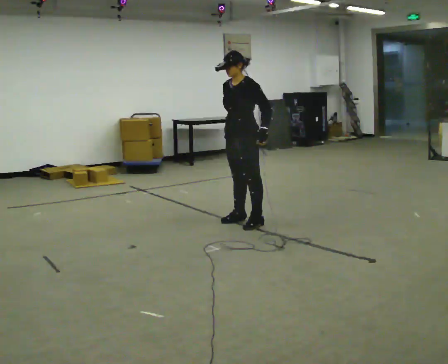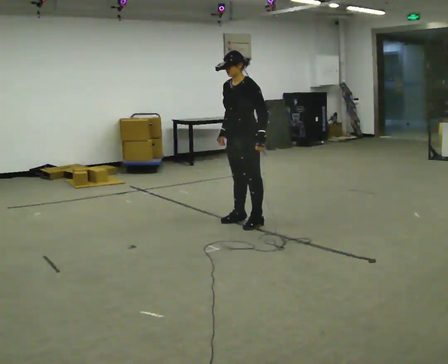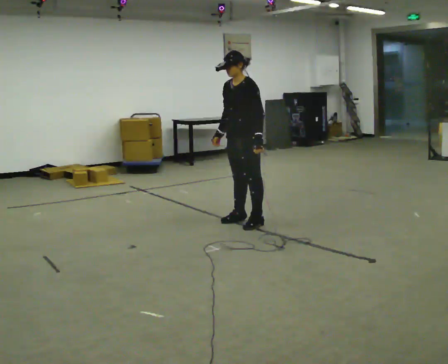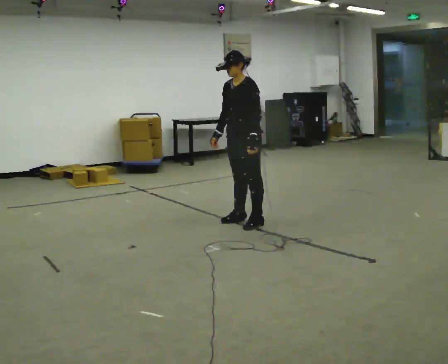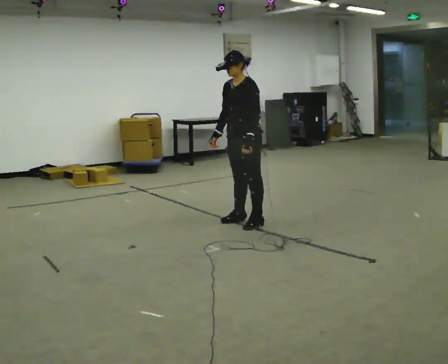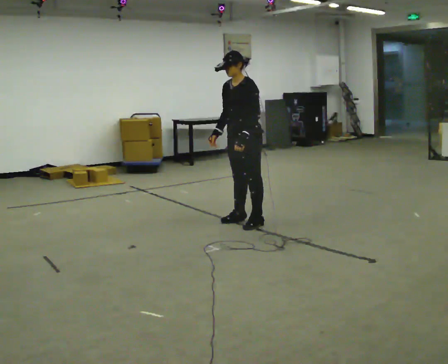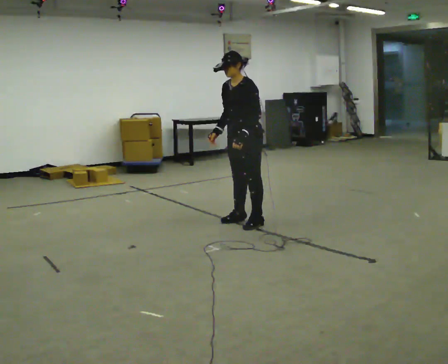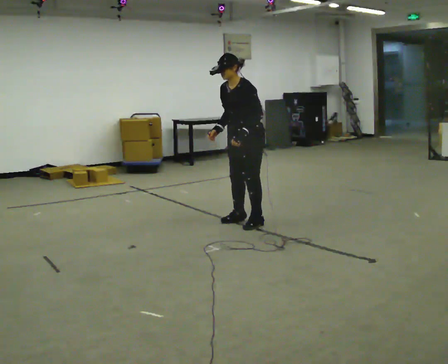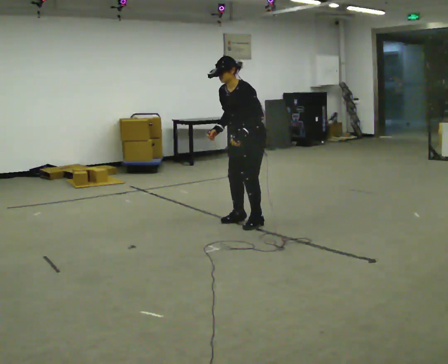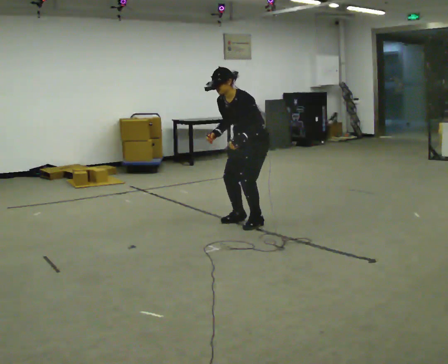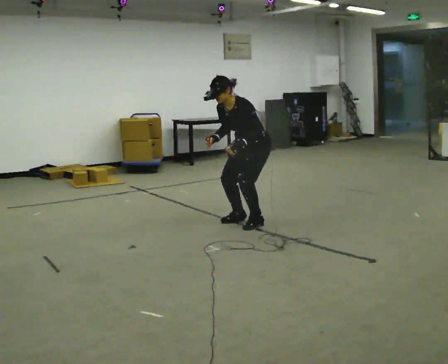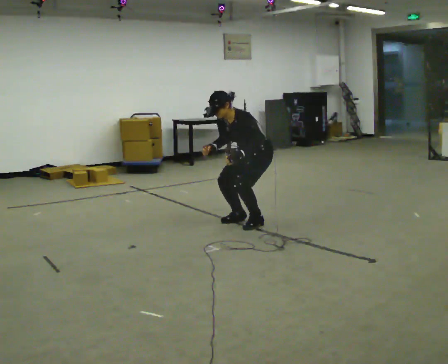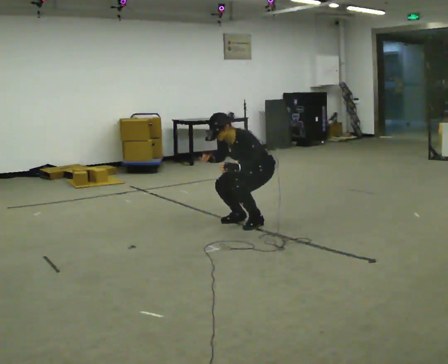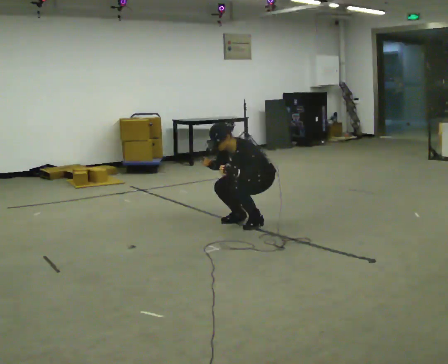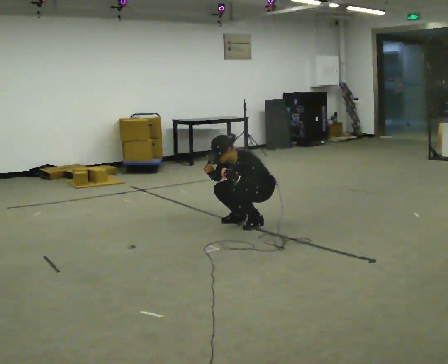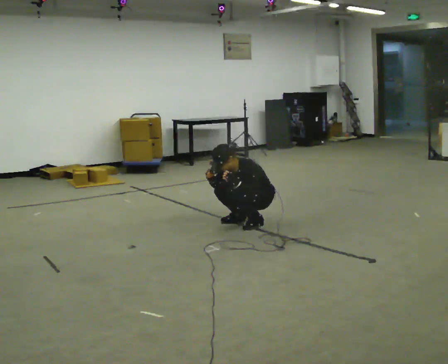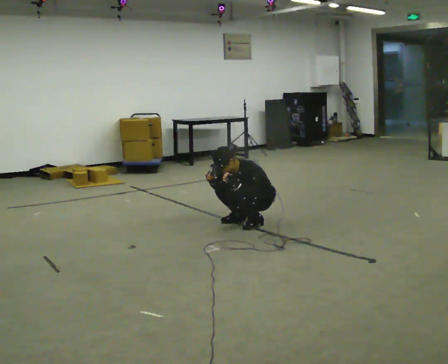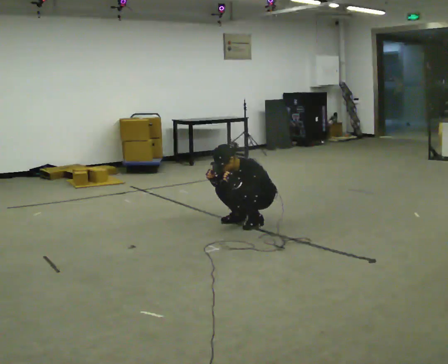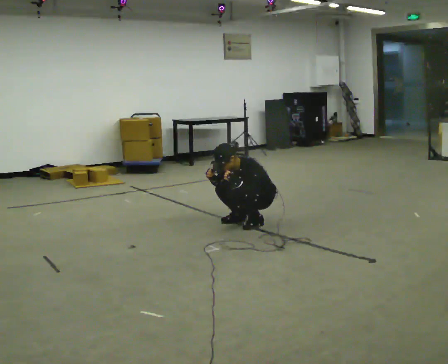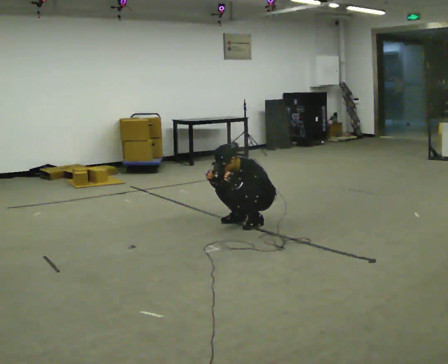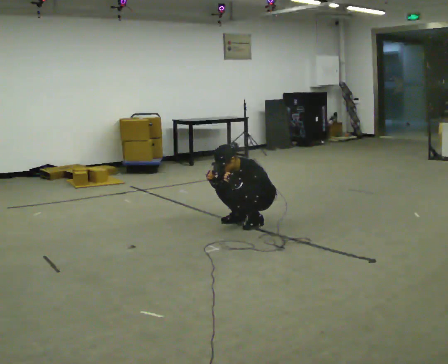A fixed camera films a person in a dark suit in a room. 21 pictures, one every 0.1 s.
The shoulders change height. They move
downward.
Their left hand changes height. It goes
downward.
0.0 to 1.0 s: The upper body goes downward. In the picture the upper body tilts counterclockwise, shoulders to the left, as they bend forward.
1.0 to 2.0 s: The shoulders move downward.
The film runs forward here.
